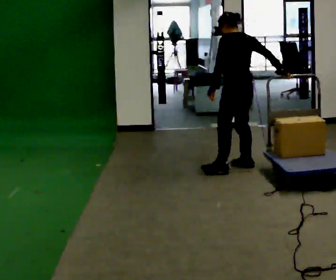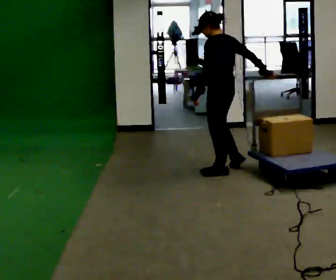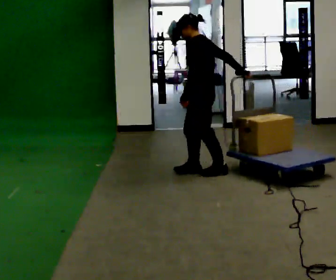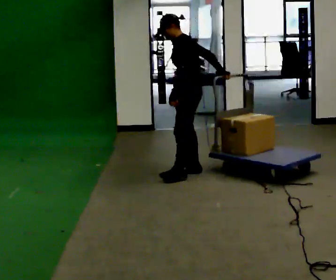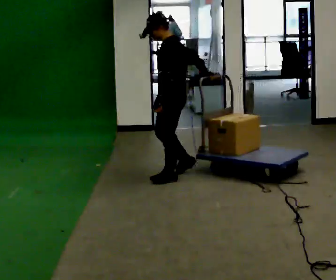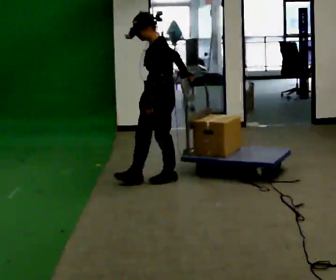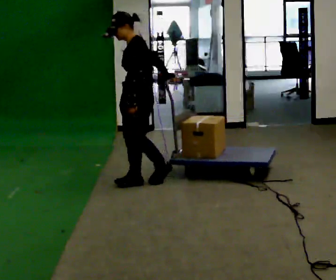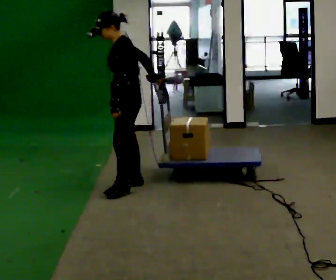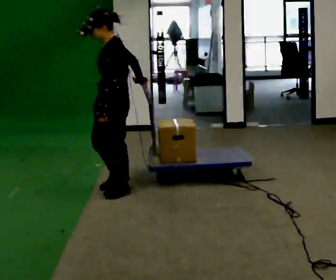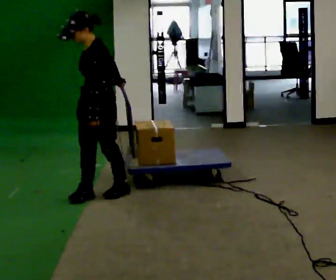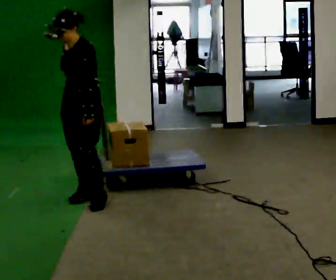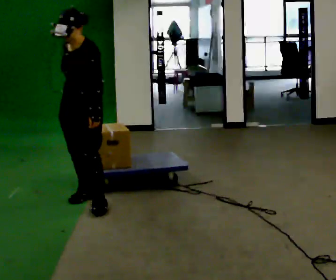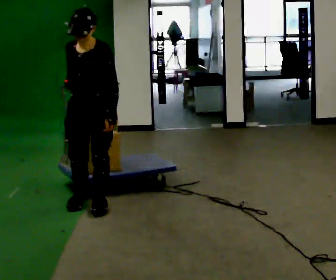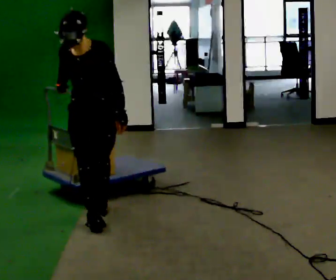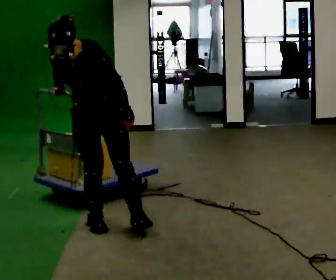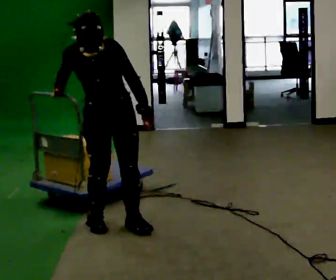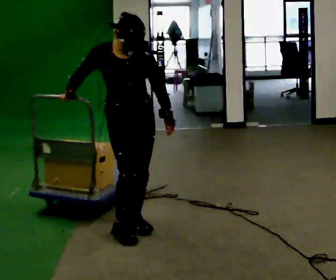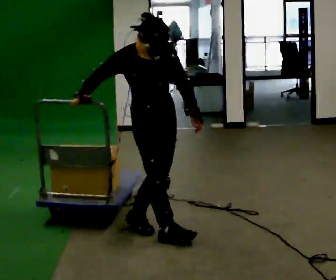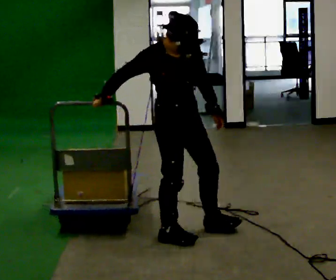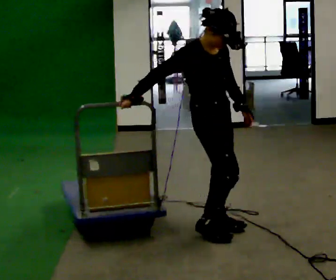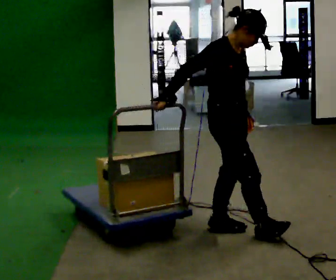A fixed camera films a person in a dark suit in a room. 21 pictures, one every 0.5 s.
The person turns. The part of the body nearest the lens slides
to the right.
The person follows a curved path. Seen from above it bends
counterclockwise.
0.0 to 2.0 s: Seen from above the body turns counterclockwise, about 45 degrees: to their left, with its near side sliding to the right. In the picture they go to the left, about 0.75 m in 2 steps, which for them is forward and to their left.
2.0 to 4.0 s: In the picture they go to the left and toward the camera, about 0.5 m in 2 steps, which for them is forward.
4.0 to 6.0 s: Seen from above the body turns counterclockwise, about 60 degrees: to their left, with its near side sliding to the right. In the picture they go toward the camera and to the left, about 0.5 m in 2 steps, which for them is forward and to their left.
6.0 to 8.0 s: The person turns about 45 degrees to their left, counterclockwise seen from above, so the part of the body nearest the lens slides to the right. In the picture they go toward the camera and to the right, about 0.5 m in 2 steps, which for them is forward and to their left.
8.0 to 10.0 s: The part of the body nearest the lens slides to the right as the person turns to their left by about 45 degrees. In the picture they go to the right, about 0.5 m in 3 steps, which for them is forward and to their left.
The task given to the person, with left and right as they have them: Pull the cart behind you as you walk backward across the room. The operator will confirm the space behind you is clear before each take.
The film runs forward here.
